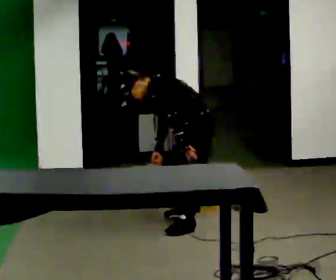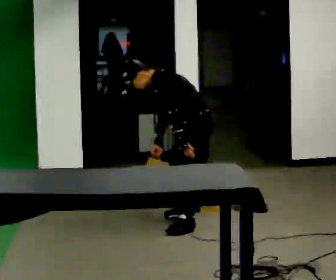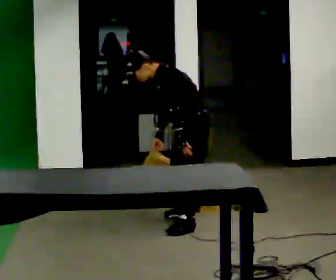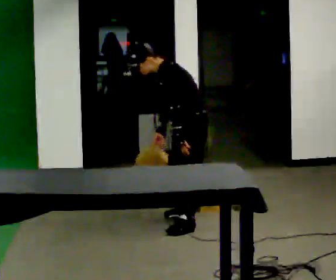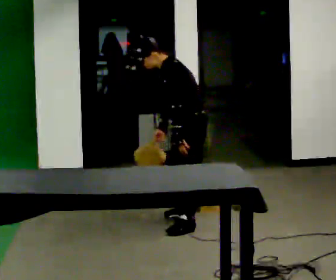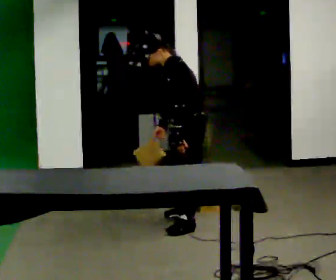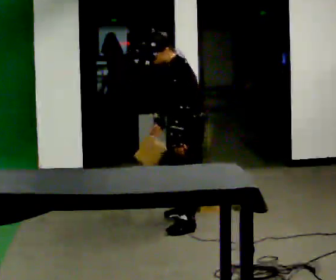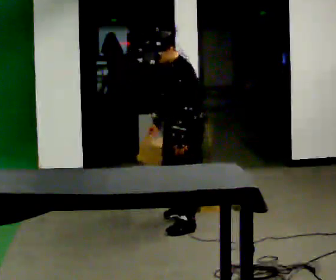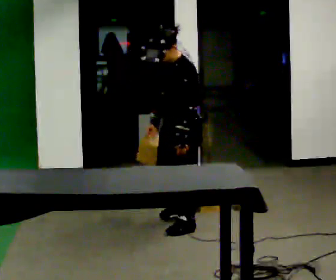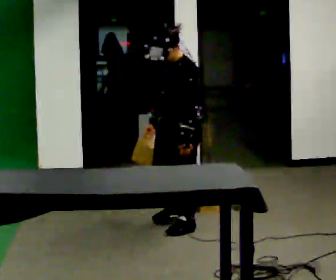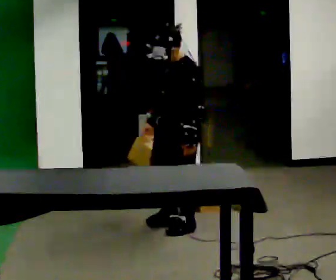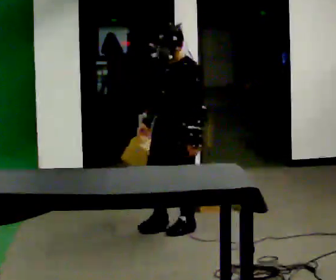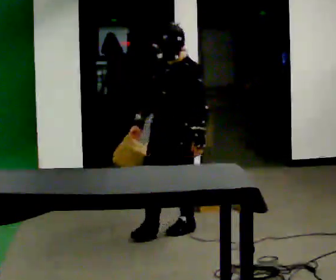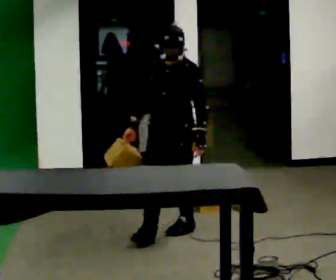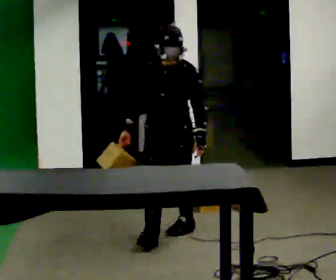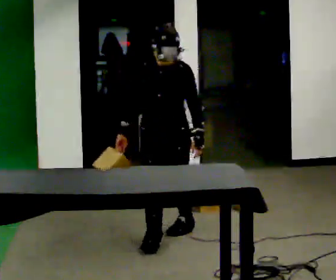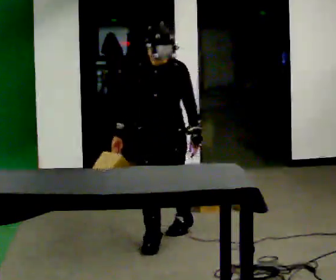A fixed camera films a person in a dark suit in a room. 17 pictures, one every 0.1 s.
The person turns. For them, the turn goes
to their left.
The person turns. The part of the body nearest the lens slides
to the right.
0.0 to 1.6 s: The person turns about 90 degrees to their left, counterclockwise seen from above, so the part of the body nearest the lens slides to the right. In the picture they go toward the camera and to the left, about 0.75 m in 1 step. In the picture the upper body tilts clockwise, shoulders to the right, as they lean back or straighten.
The film runs forward here.
